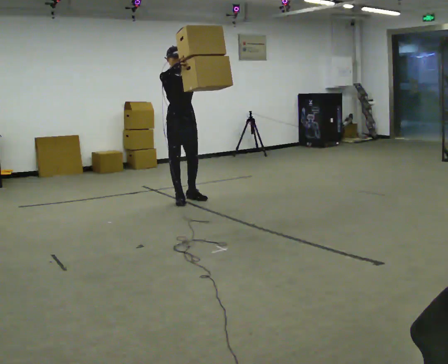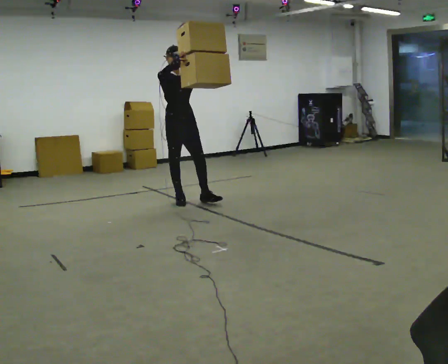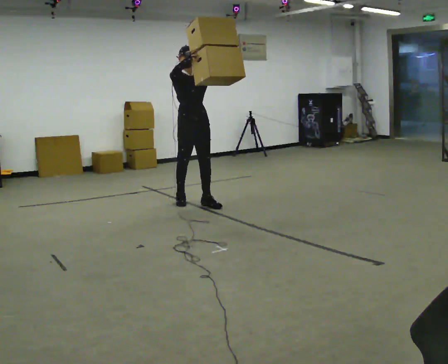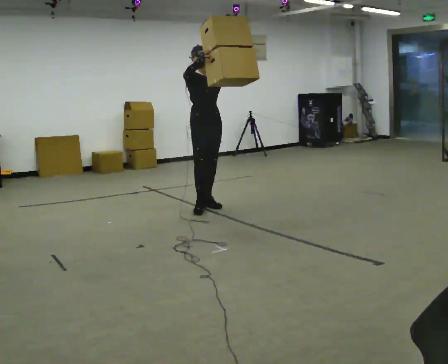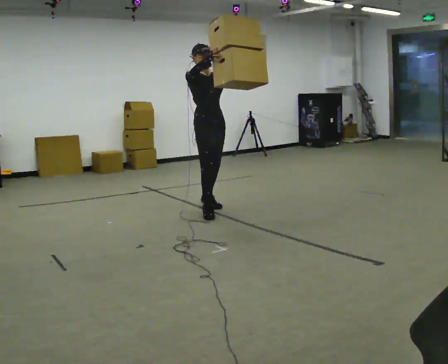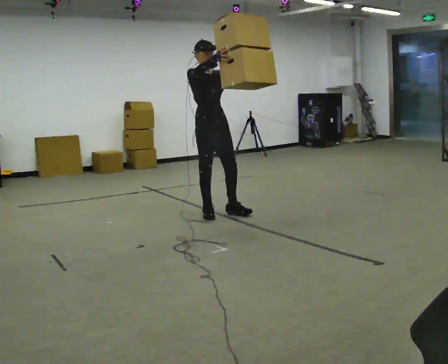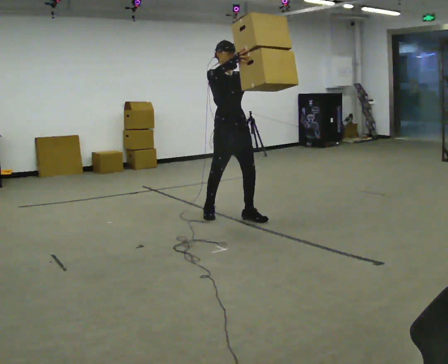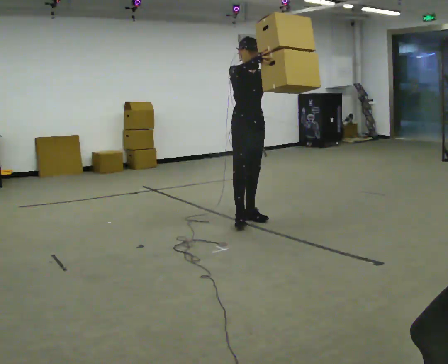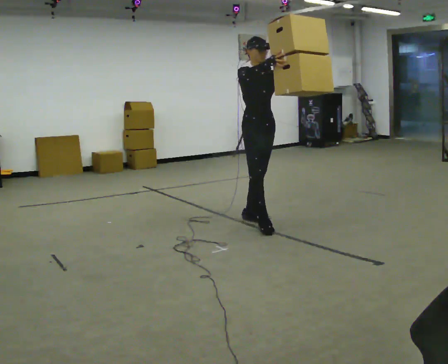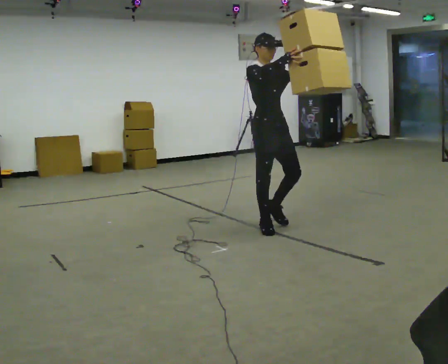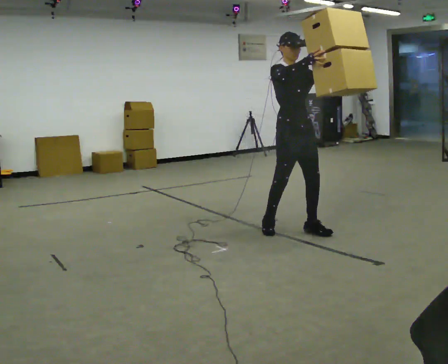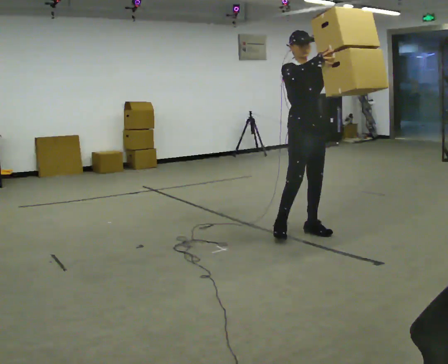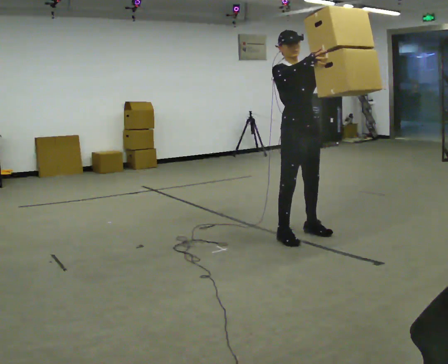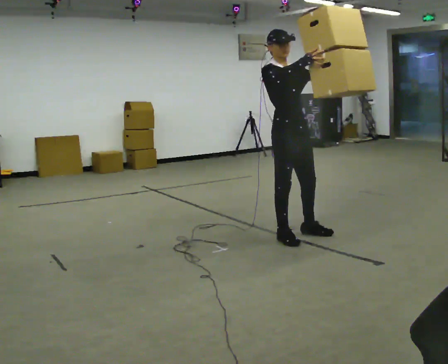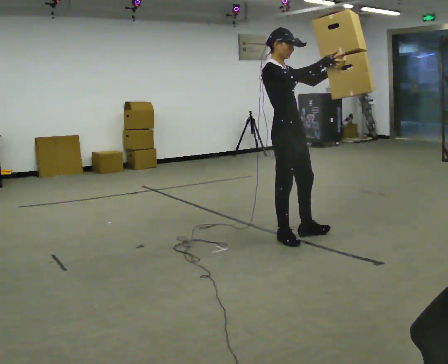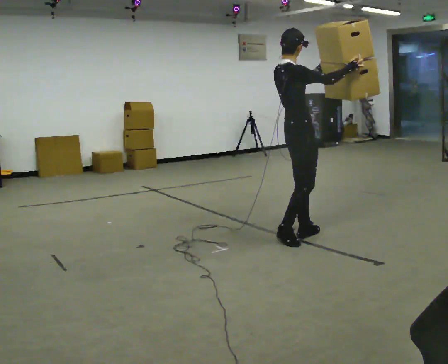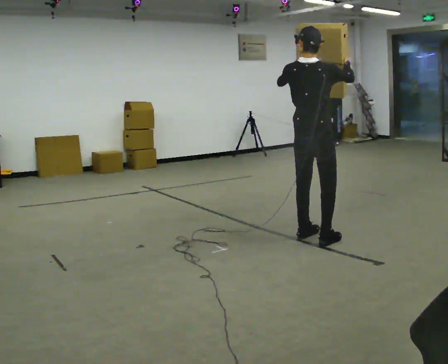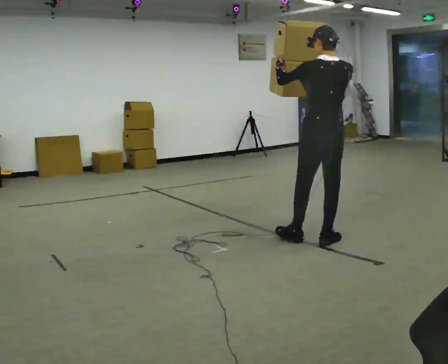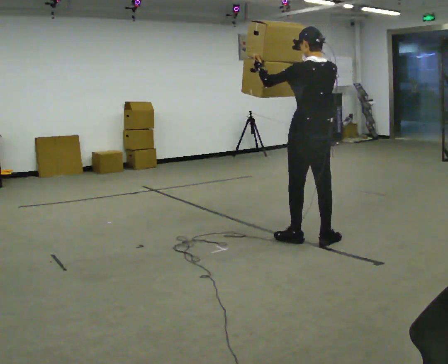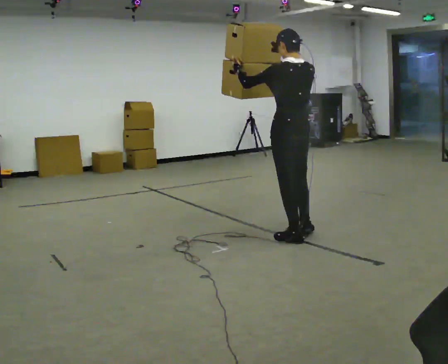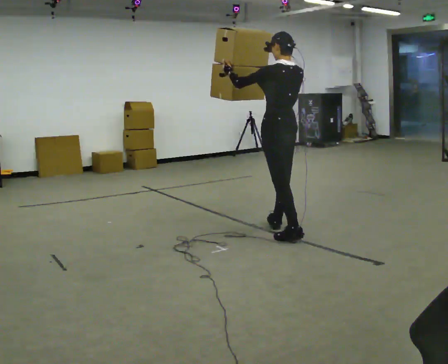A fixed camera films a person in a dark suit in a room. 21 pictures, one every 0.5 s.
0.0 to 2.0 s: In the picture they go toward the camera and to the right, about 0.5 m in 2 steps, which for them is forward.
2.0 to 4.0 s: In the picture they go to the right and toward the camera, about 0.75 m in 2 steps, which for them is forward.
4.0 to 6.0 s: In the picture they go toward the camera and to the right, about 0.5 m in 2 steps, which for them is forward.
6.0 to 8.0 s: Seen from above the body turns counterclockwise, about 120 degrees: to their left, with its near side sliding to the right. The upper body tips toward the camera, its near side rolling downward. In the picture their right hand goes to the right.
8.0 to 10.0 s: The person turns about 60 degrees to their left, counterclockwise seen from above, so the part of the body nearest the lens slides to the right. In the picture they go to the left and away from the camera, about 0.25 m in 1 step.
The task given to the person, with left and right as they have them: Carry the large panel across the room. It will block your view ahead, so take whatever route feels safe. Keep going until the operator says stop; one object at a time, and do not rush between trips.
The film runs forward here.
